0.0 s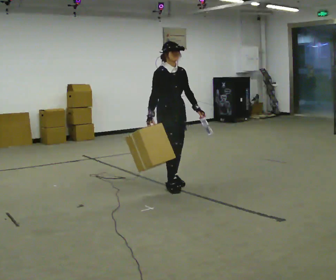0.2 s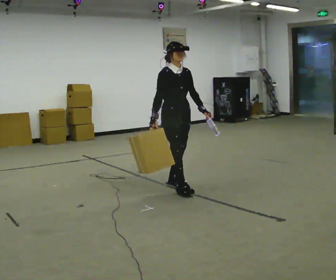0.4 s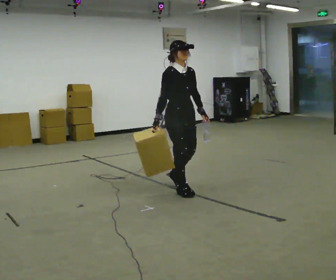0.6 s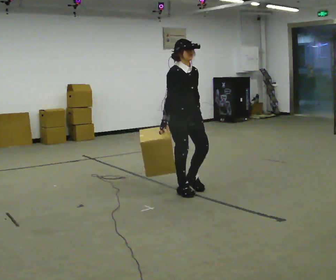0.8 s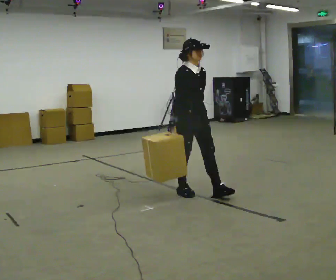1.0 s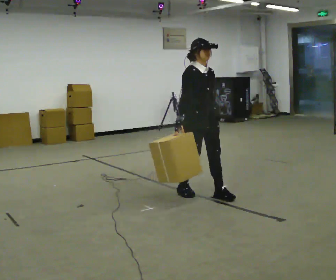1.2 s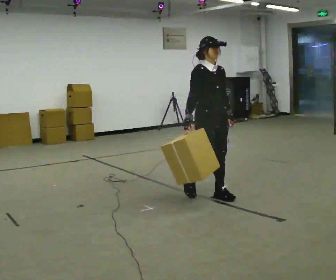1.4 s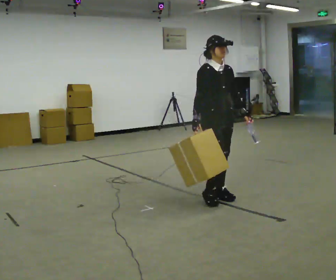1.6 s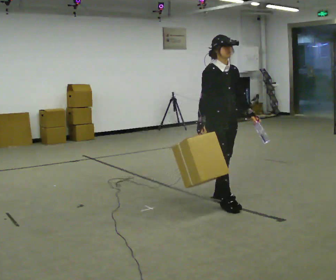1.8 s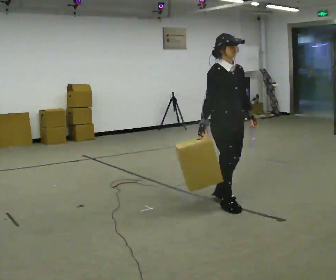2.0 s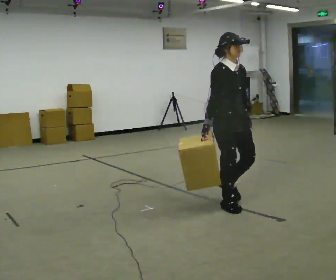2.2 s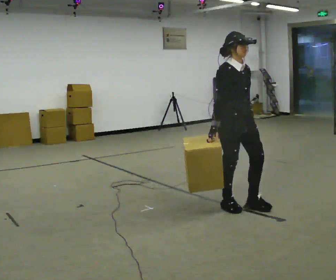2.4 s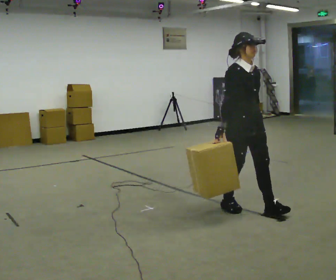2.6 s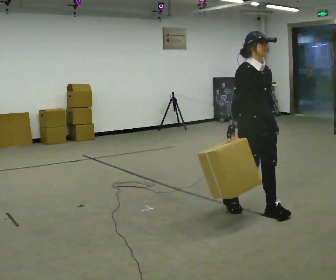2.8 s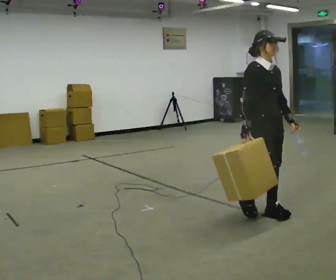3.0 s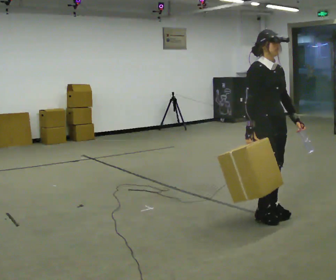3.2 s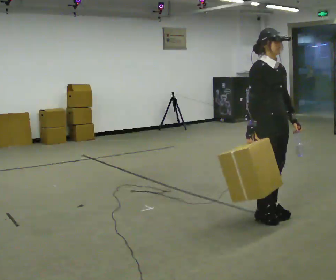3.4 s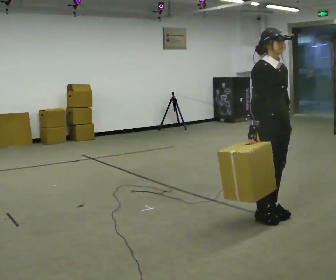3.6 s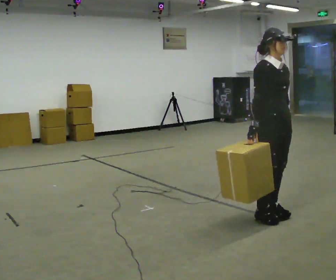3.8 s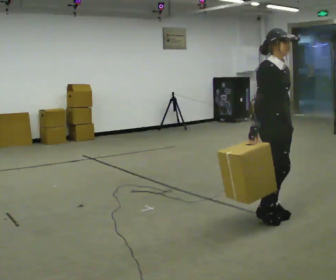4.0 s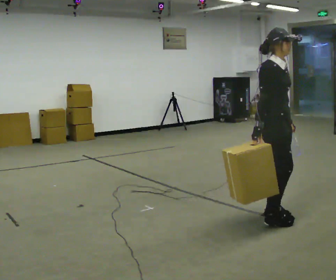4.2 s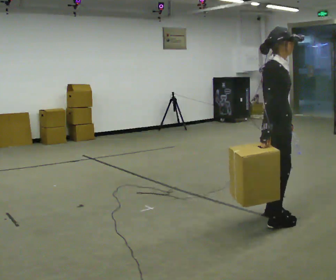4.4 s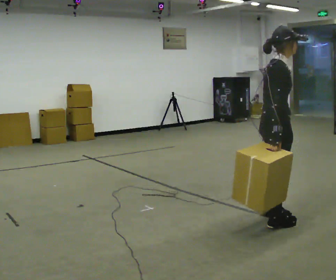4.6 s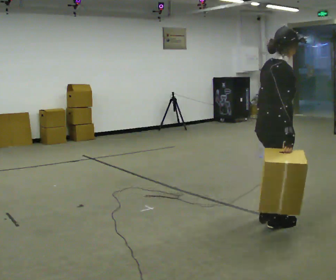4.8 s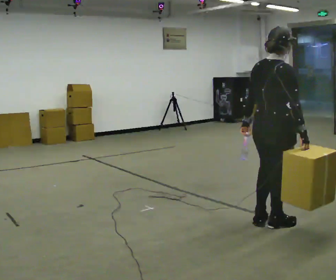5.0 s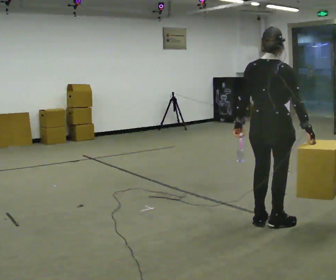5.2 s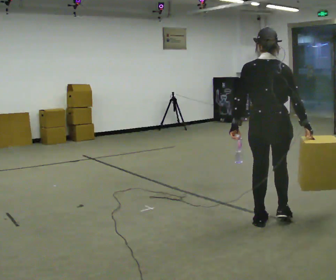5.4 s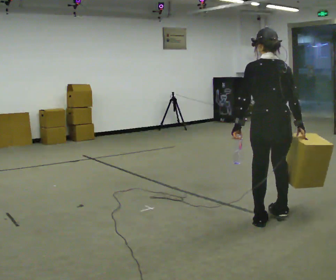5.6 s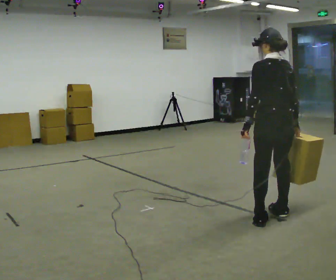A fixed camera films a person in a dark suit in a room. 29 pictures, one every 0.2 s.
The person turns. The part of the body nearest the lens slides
to the right.
The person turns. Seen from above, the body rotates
counterclockwise.
0.0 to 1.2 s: In the picture they go to the right and toward the camera, about 0.75 m in 2 steps, which for them is forward.
1.2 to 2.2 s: In the picture they go toward the camera and to the right, about 0.5 m in 1 step, which for them is forward.
2.2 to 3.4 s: In the picture they go to the right and toward the camera, about 0.25 m in 2 steps, which for them is forward.
3.4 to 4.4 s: Seen from above the body turns counterclockwise, about 45 degrees: to their left, with its near side sliding to the right. In the picture they go toward the camera, about 0.25 m in 1 step, which for them is to their right.
4.4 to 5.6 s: The person turns about 120 degrees to their left, counterclockwise seen from above, so the part of the body nearest the lens slides to the right.
The film runs forward here.
